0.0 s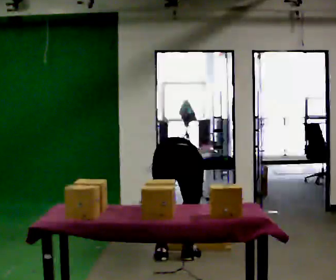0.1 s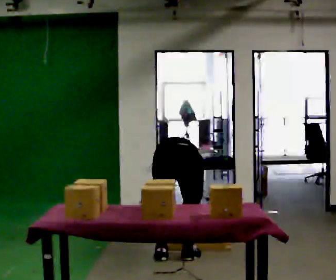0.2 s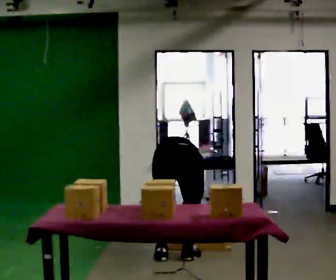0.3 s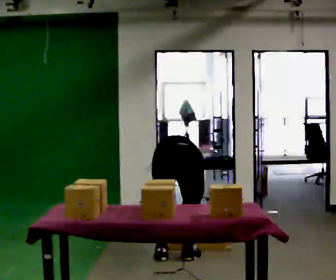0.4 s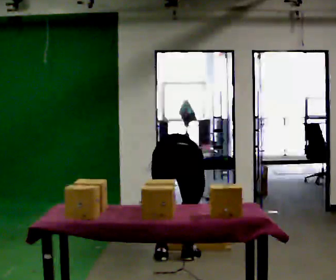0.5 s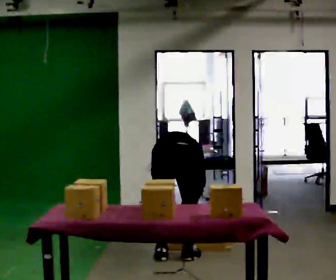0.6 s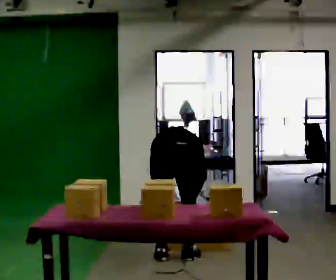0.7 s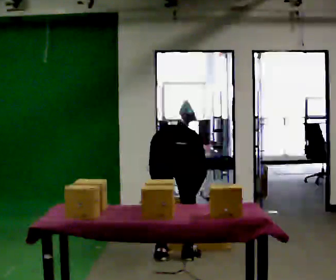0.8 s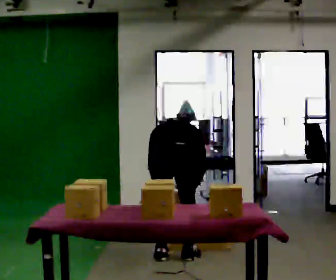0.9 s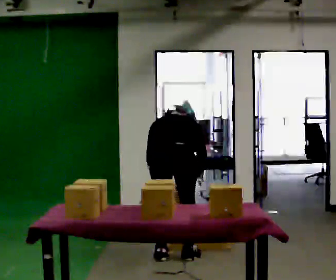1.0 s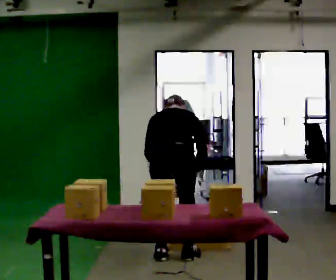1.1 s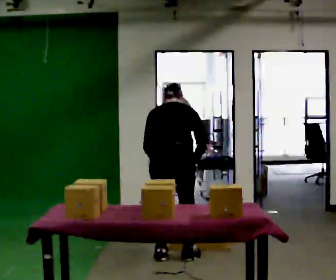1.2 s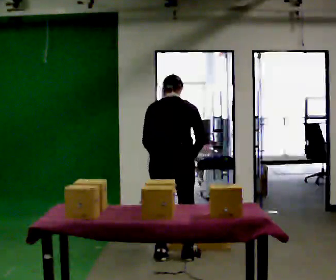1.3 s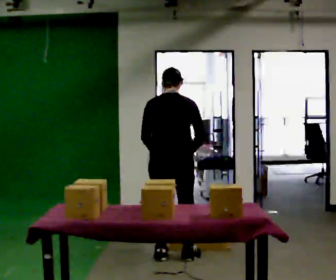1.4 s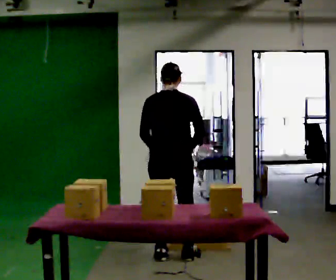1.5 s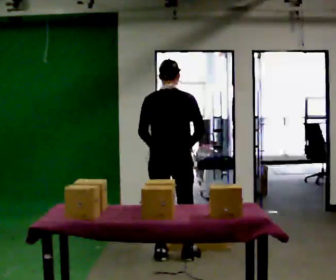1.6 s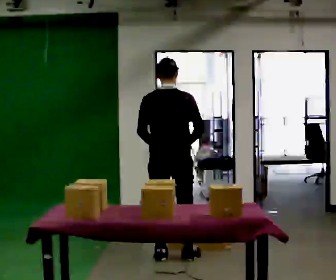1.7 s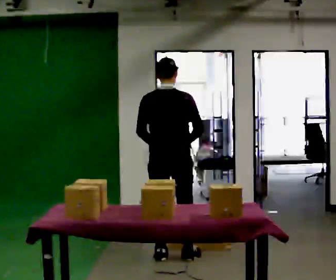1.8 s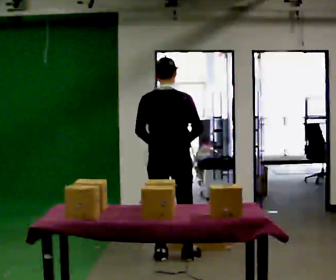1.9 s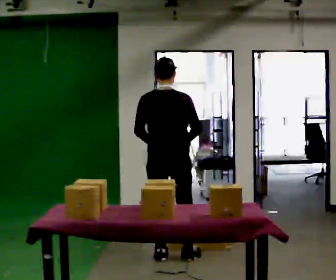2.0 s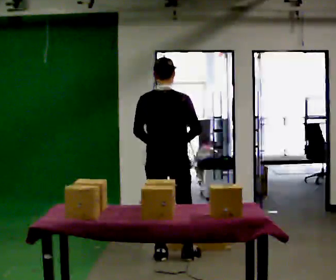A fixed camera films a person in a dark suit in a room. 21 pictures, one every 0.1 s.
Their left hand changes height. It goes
upward.
The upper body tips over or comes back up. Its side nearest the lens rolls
downward.
0.0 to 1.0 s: The upper body goes upward. The upper body tips toward the camera, its near side rolling downward, as they lean back or straighten. In the picture their right hand goes upward.
1.0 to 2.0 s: The shoulders move upward. The upper body tips toward the camera, its near side rolling downward, as they lean back or straighten.
The film runs forward here.
